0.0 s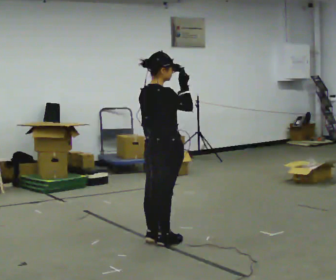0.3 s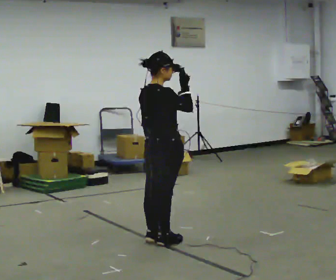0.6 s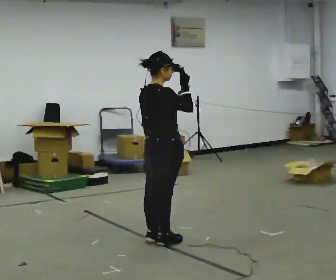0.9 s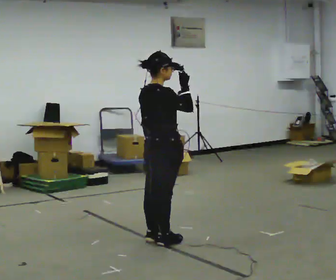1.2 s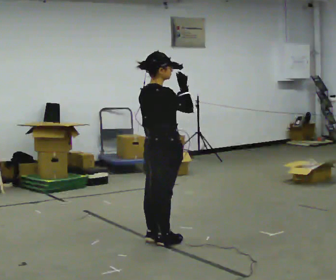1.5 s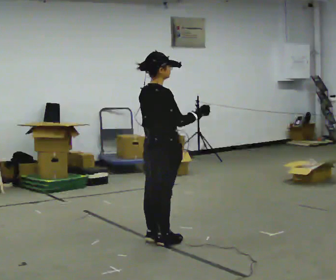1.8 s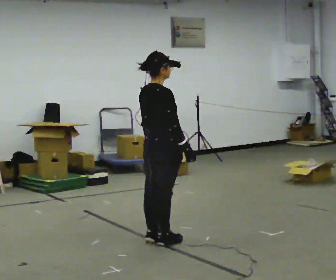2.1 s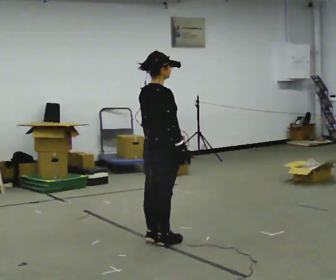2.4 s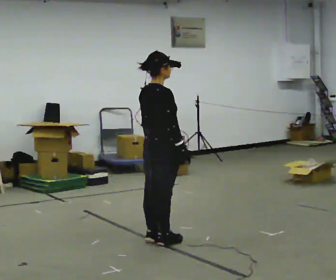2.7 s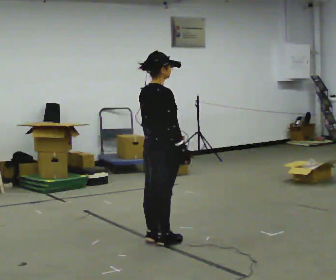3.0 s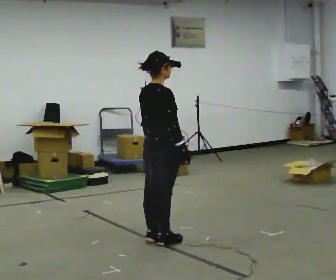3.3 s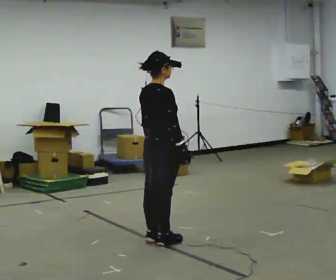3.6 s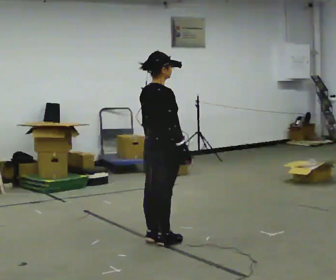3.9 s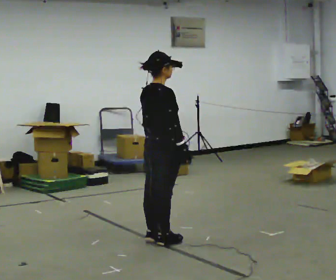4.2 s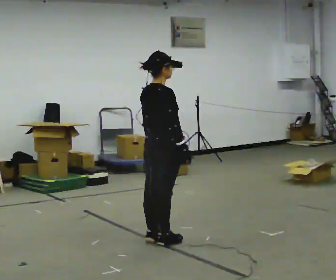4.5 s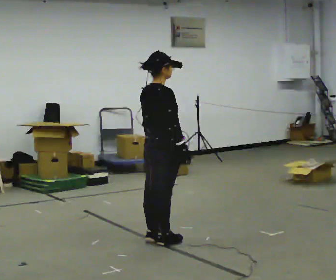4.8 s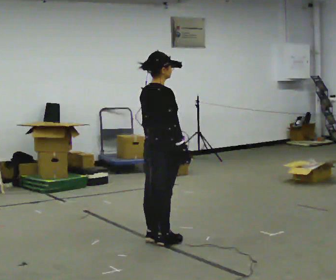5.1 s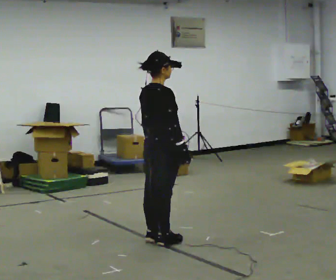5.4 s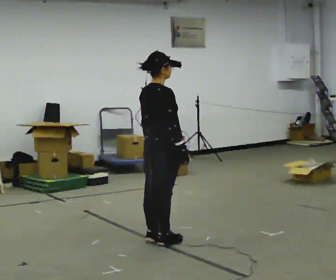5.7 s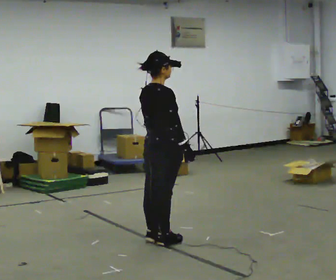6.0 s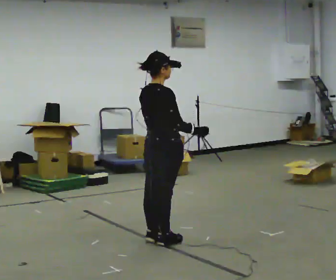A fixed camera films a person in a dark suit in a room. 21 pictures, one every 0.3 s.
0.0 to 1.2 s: The person moves a little, or ends about where they began.
1.2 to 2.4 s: In the picture their right hand goes downward.
2.4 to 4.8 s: The person keeps their place and pose.
4.8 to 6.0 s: The person moves a little, or ends about where they began.
The film runs backward here.
